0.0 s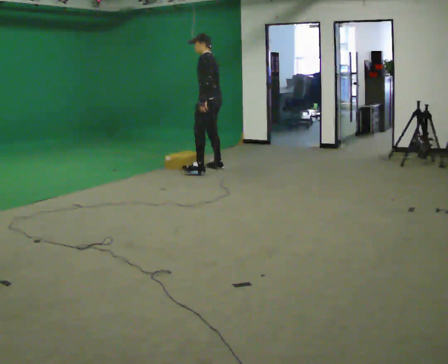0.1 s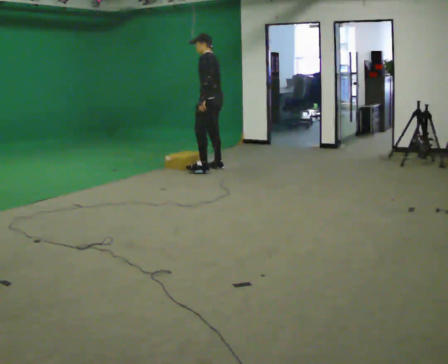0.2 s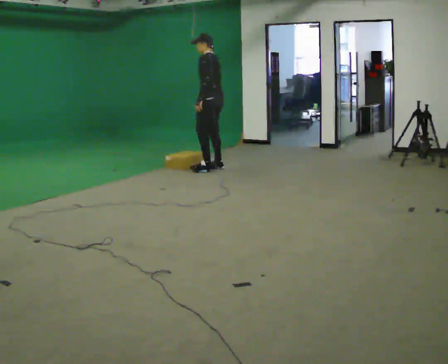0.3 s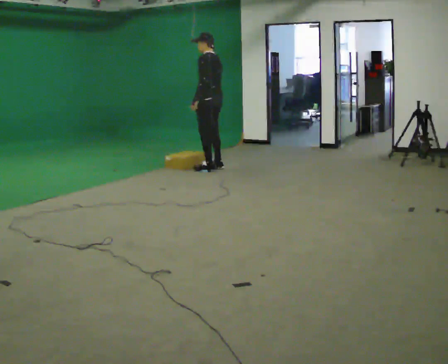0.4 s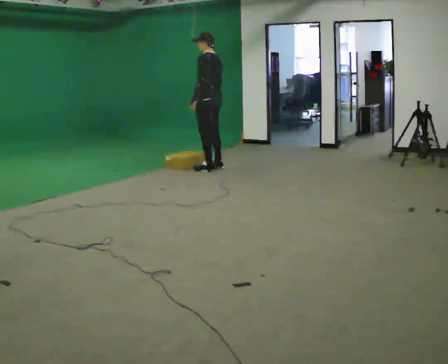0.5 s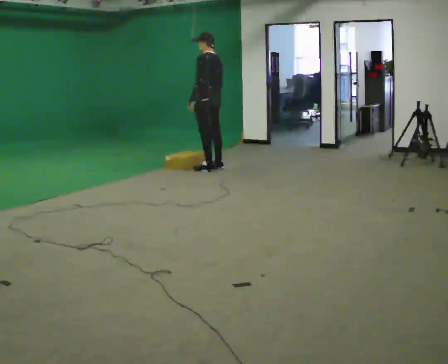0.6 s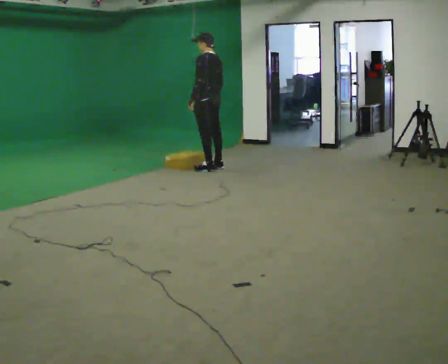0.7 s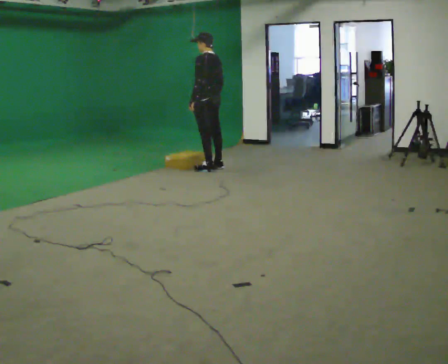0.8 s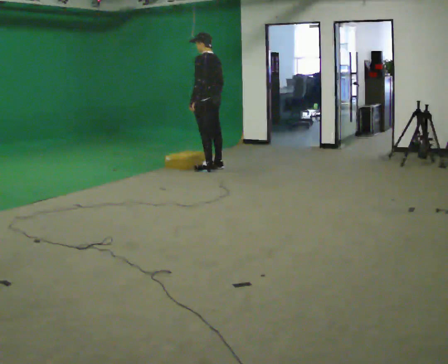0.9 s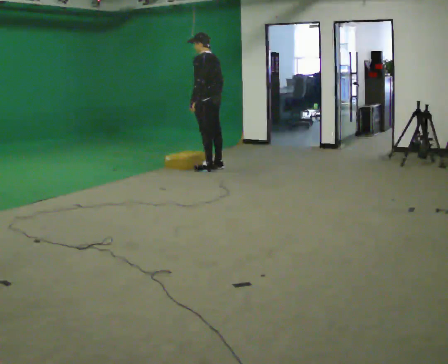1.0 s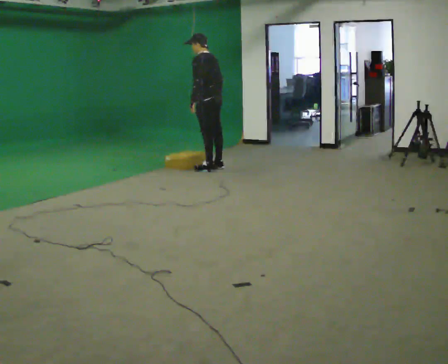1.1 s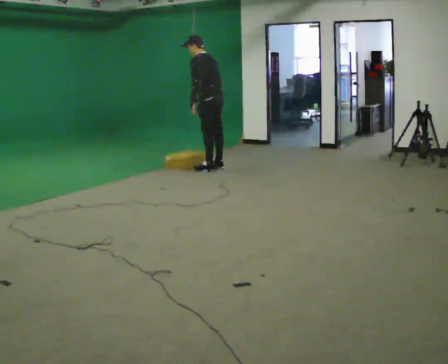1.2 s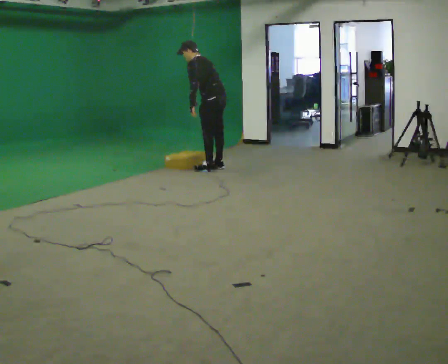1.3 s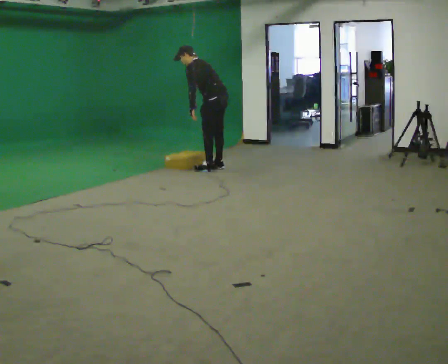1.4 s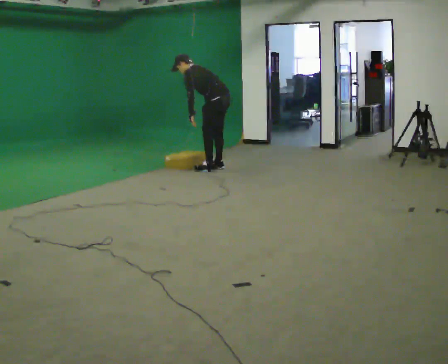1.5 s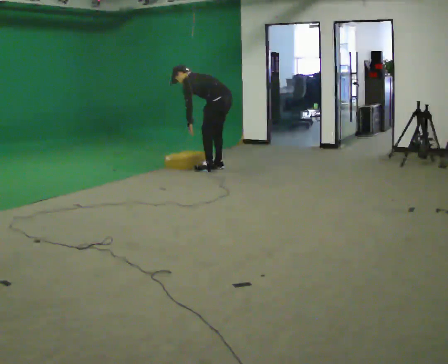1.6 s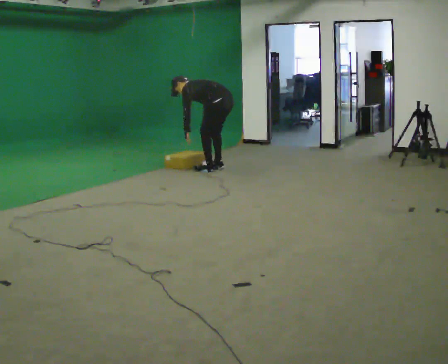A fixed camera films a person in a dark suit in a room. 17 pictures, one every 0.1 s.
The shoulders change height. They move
downward.
Their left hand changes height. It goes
downward.
0.0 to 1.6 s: The shoulders move downward. In the picture the upper body tilts counterclockwise, shoulders to the left, as they bend forward. In the picture their right hand goes downward.
The film runs backward here.
